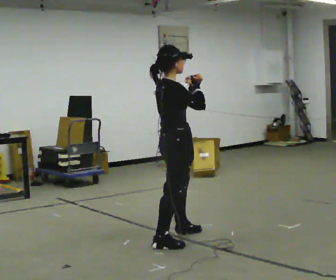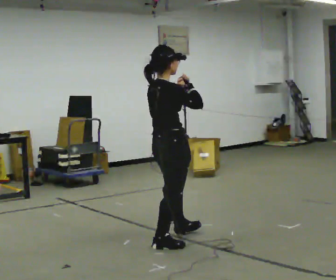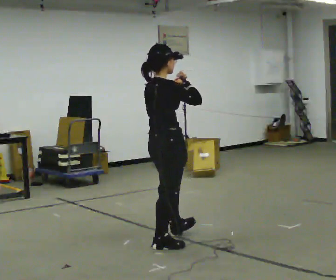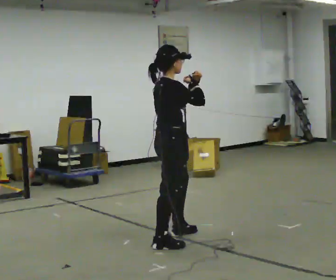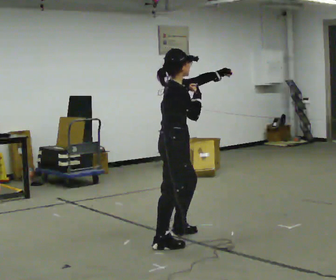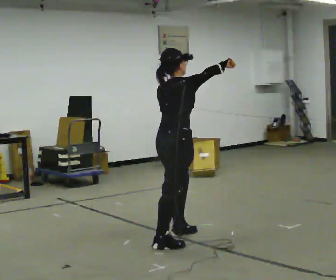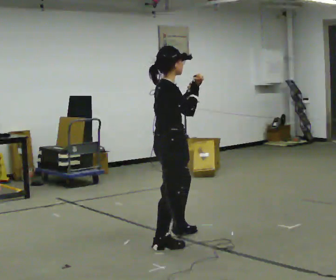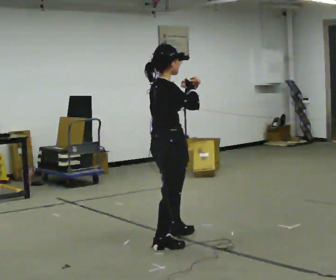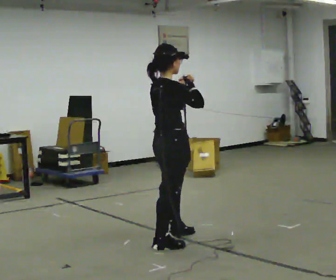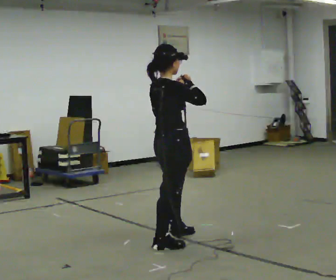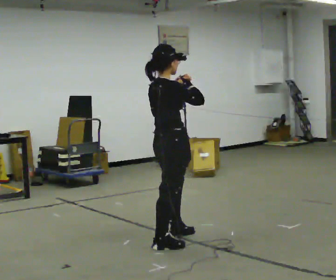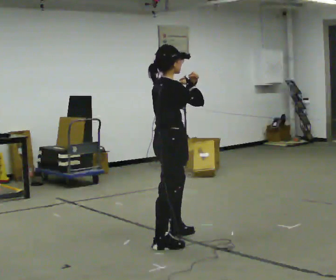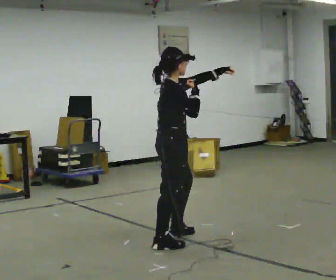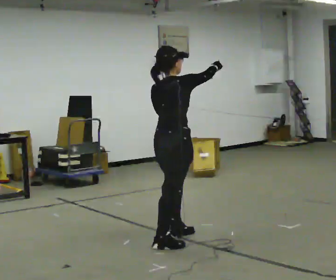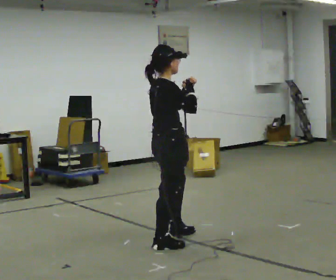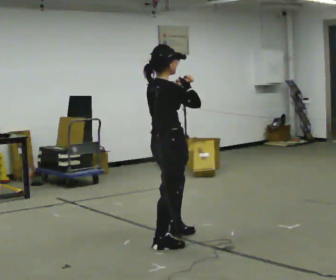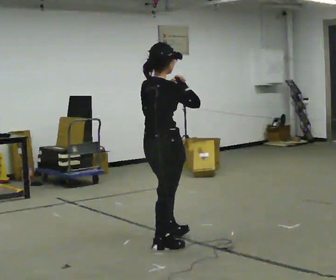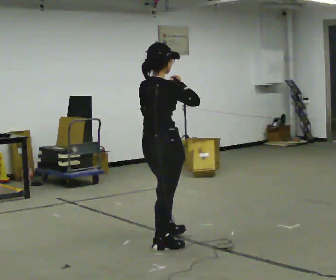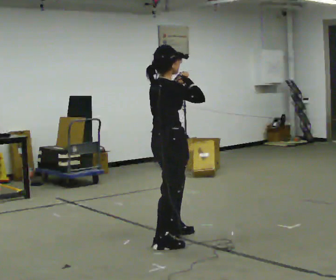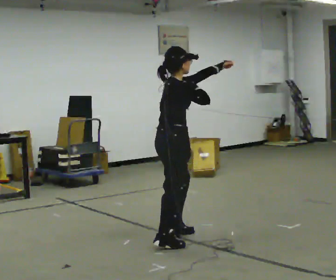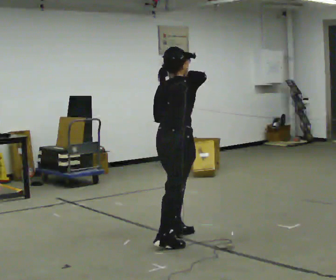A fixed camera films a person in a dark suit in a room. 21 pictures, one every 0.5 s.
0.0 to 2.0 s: The person moves a little, or ends about where they began.
2.0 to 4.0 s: In the picture they go toward the camera, about 0.25 m, which for them is to their right. In the picture their left hand goes to the left.
4.0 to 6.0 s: The person moves a little, or ends about where they began.
6.0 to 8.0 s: The person turns about 30 degrees to their left, counterclockwise seen from above, so the part of the body nearest the lens slides to the right. In the picture they go toward the camera, about 0.25 m, which for them is to their right and backward.
8.0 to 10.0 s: In the picture they go away from the camera, about 0.25 m, which for them is to their left and forward.
The film runs backward here.
